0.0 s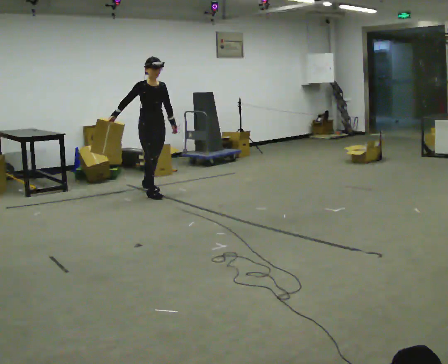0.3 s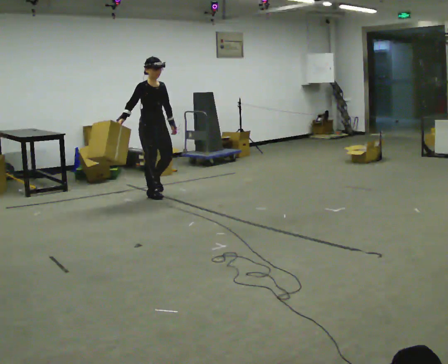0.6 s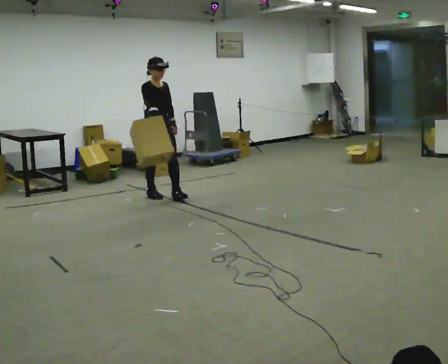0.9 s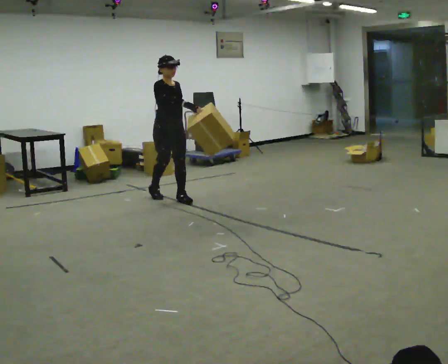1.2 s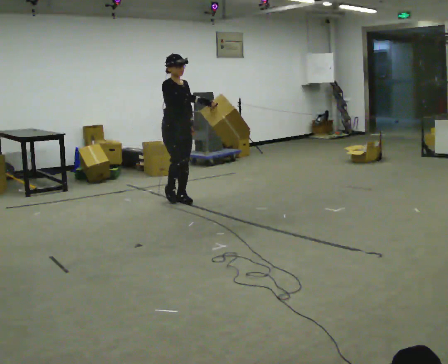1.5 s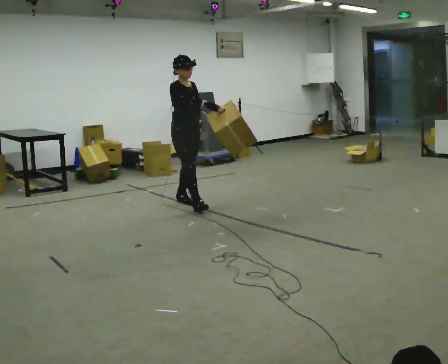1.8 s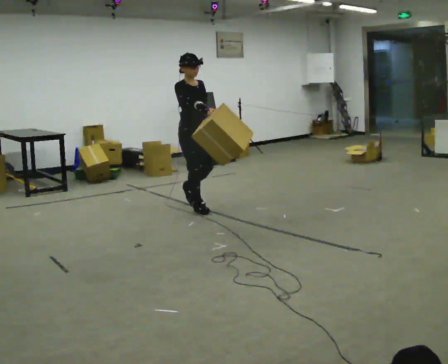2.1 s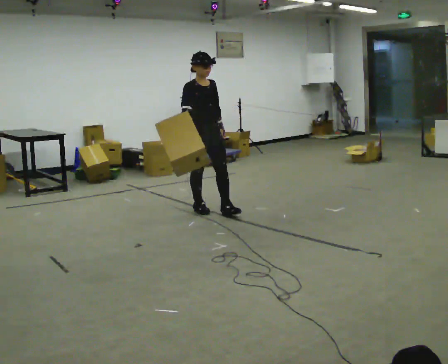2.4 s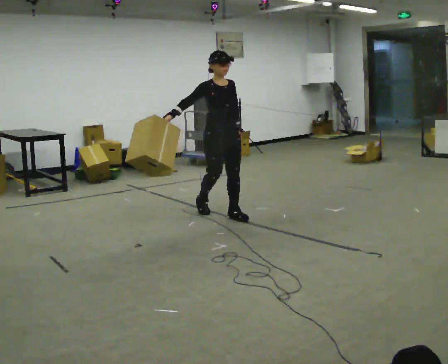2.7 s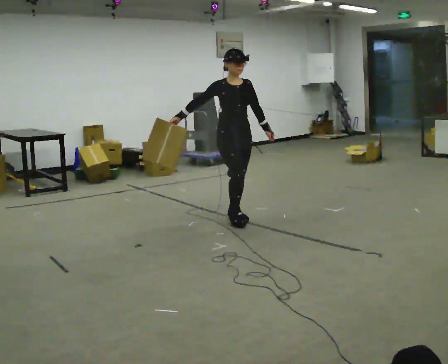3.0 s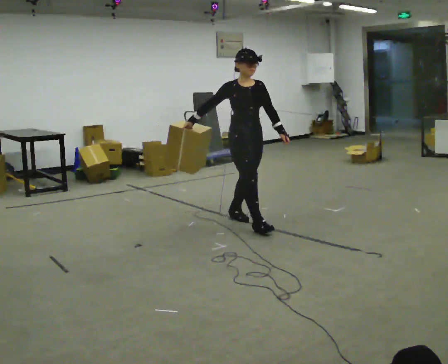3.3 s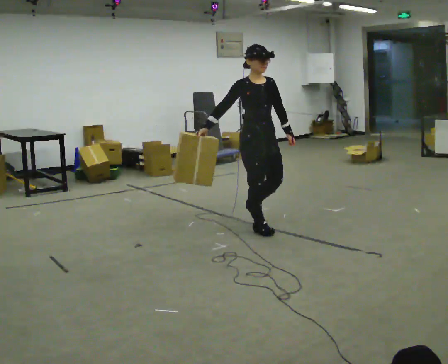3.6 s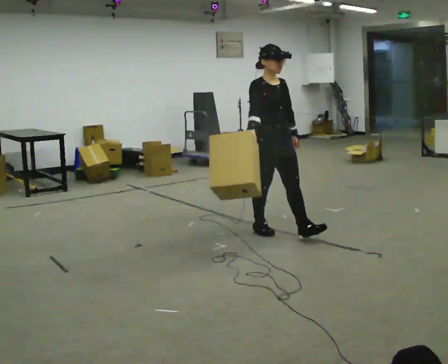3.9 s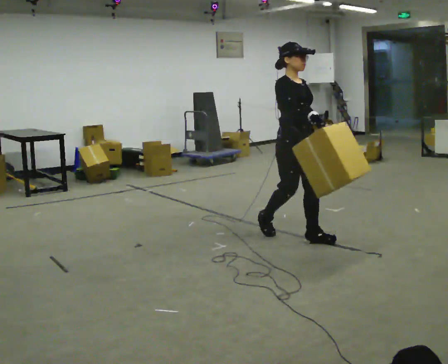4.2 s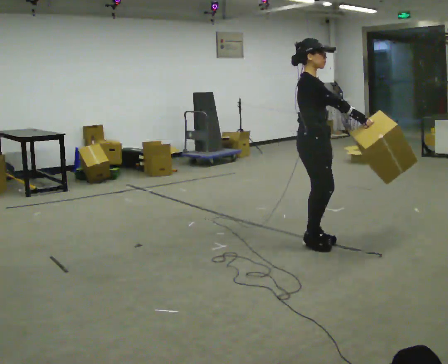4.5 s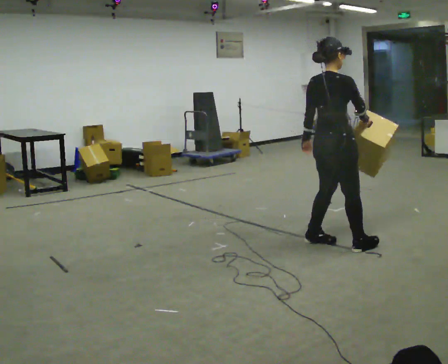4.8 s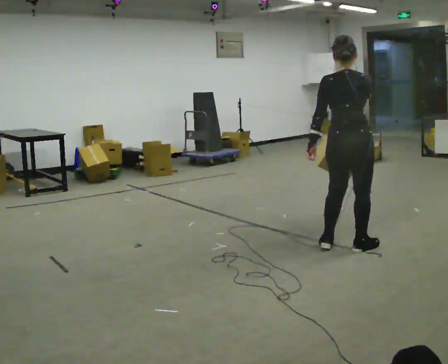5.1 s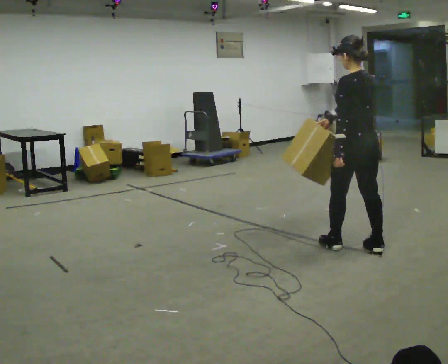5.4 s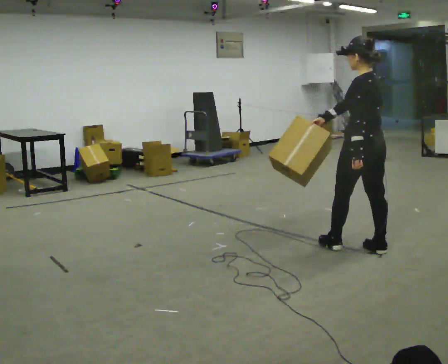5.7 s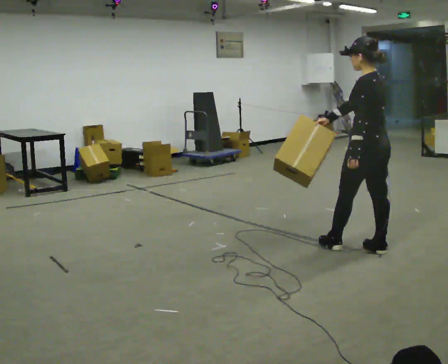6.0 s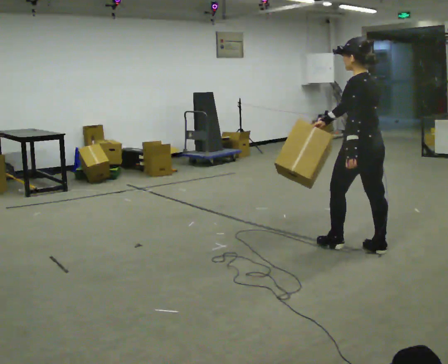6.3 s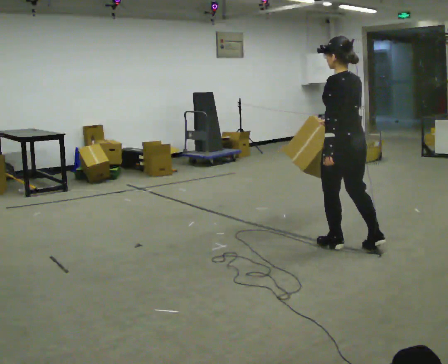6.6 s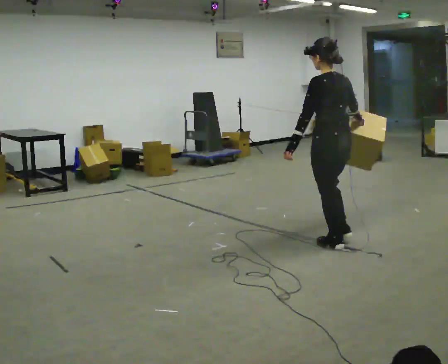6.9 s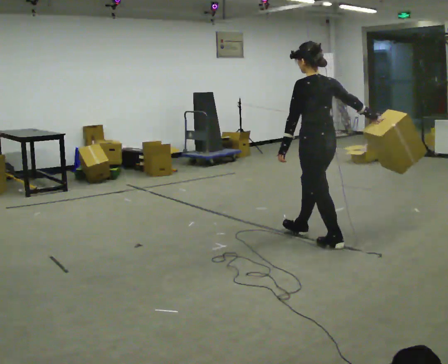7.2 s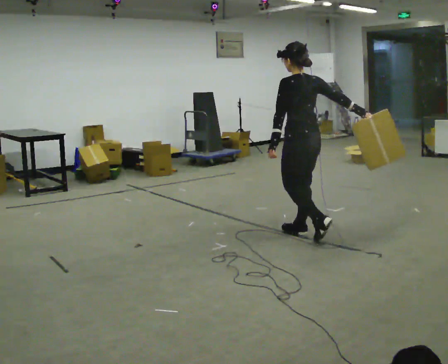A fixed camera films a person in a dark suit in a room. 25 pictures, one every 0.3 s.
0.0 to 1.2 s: In the picture they go toward the camera and to the right, about 0.5 m in 1 step, which for them is forward.
1.2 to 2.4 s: In the picture they go toward the camera and to the right, about 1 m in 2 steps, which for them is forward.
2.4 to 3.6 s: In the picture they go toward the camera and to the right, about 1 m in 1 step, which for them is forward.
3.6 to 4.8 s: Seen from above the body turns counterclockwise, about 120 degrees: to their left, with its near side sliding to the right. In the picture they go to the right and toward the camera, about 0.5 m in 2 steps.
4.8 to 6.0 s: The part of the body nearest the lens slides to the right as the person turns to their left by about 60 degrees.
6.0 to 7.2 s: In the picture they go away from the camera and to the left, about 0.5 m in 1 step, which for them is forward.
The film runs forward here.
